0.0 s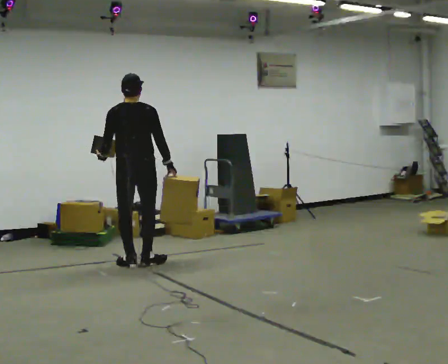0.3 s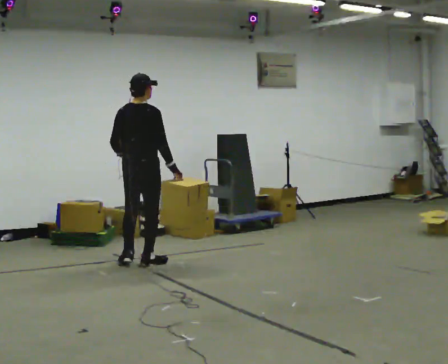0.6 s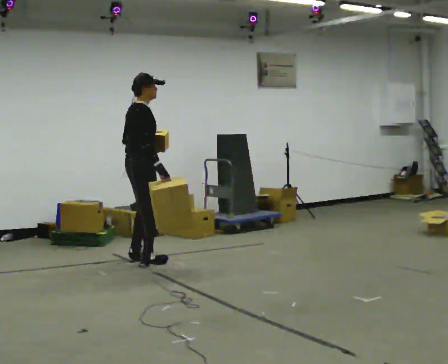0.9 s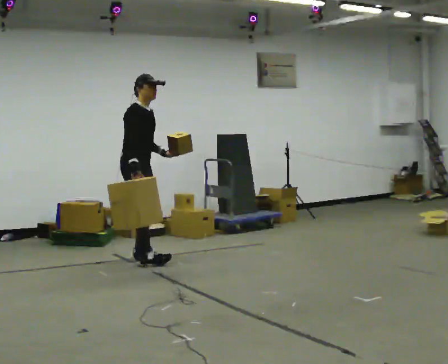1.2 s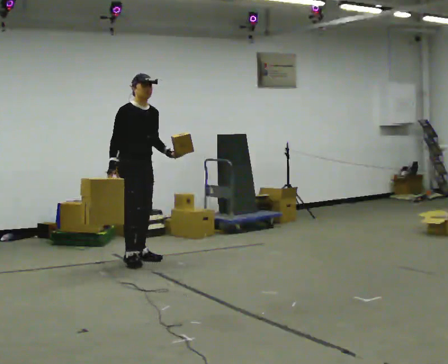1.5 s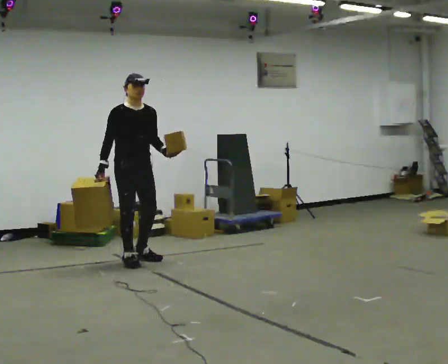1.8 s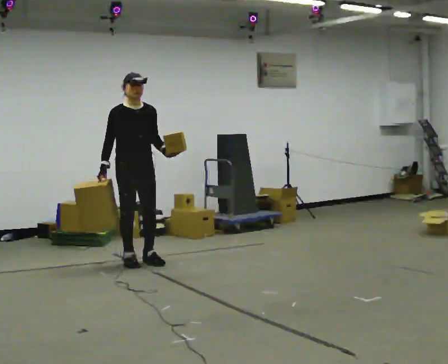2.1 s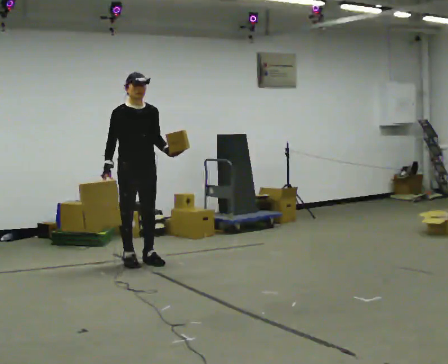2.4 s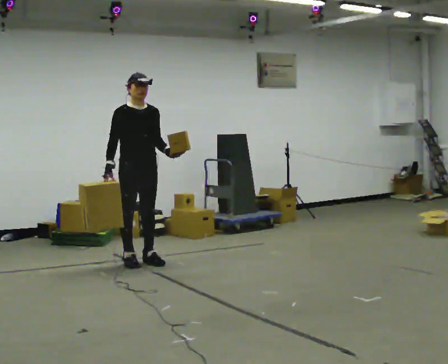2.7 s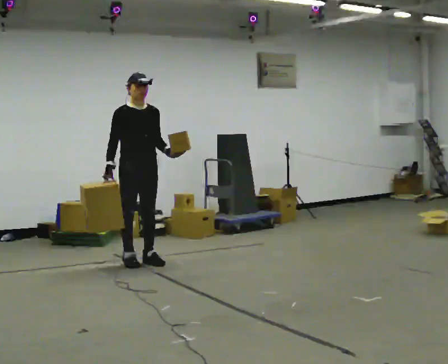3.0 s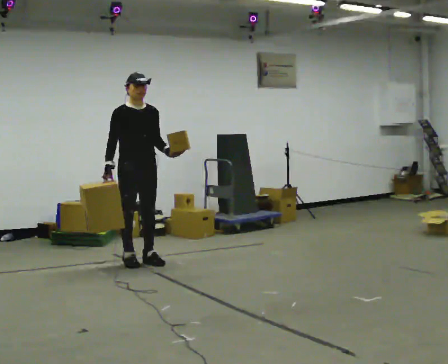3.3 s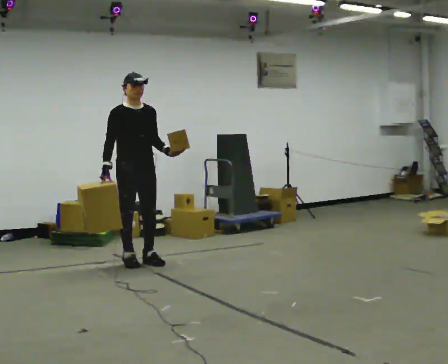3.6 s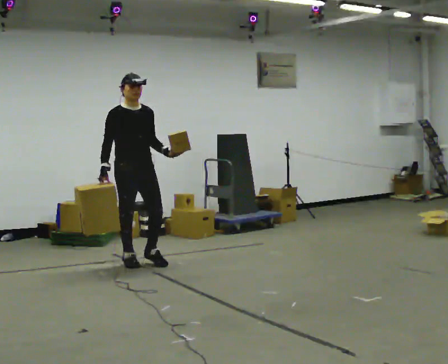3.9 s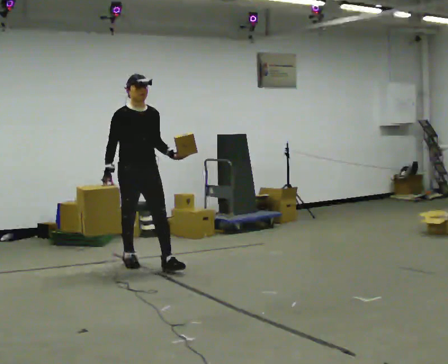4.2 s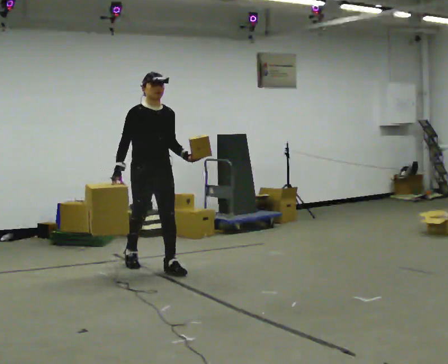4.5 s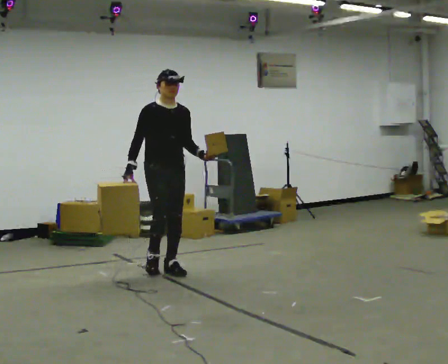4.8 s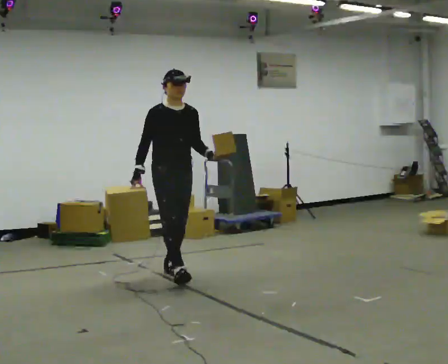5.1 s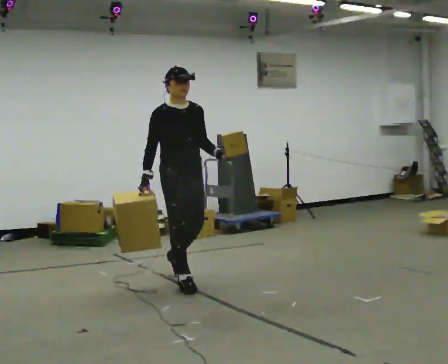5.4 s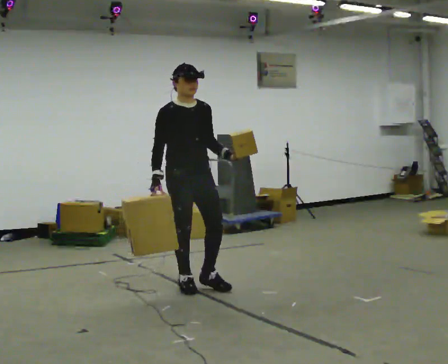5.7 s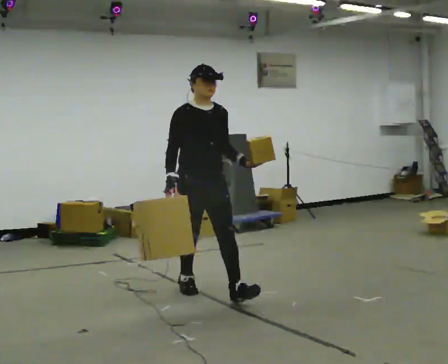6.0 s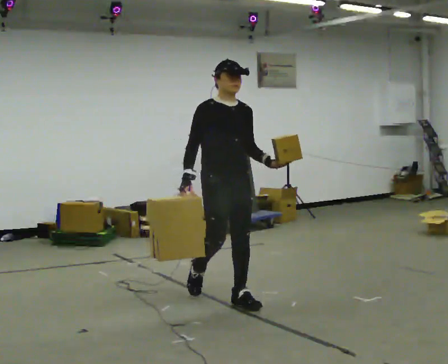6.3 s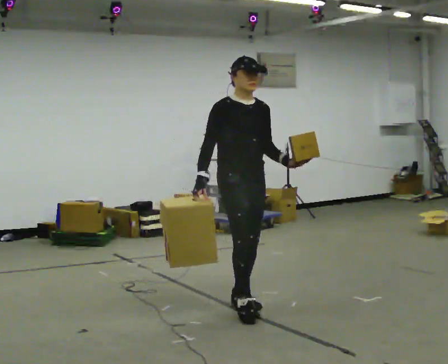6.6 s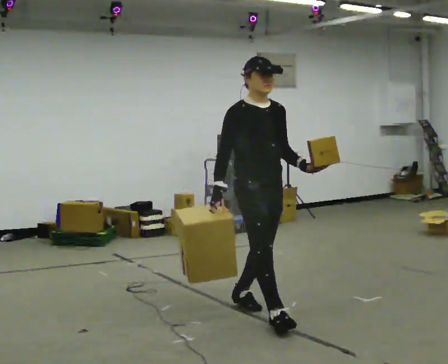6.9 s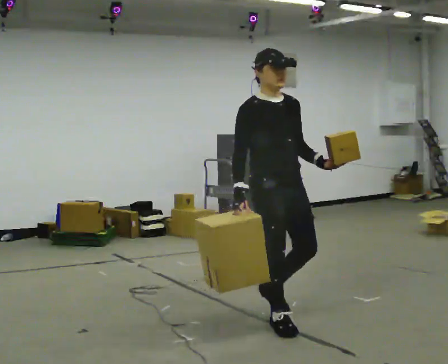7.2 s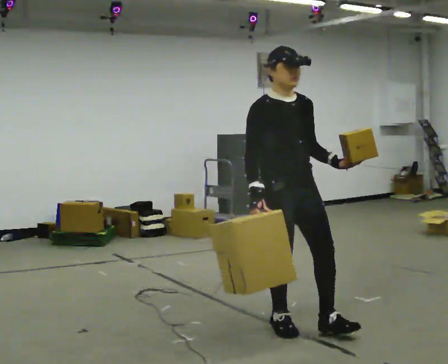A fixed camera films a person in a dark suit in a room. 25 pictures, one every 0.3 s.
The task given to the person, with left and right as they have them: Carry one object in each hand, the heavy one in the hand the operator calls, walking back and forth across the room.
0.0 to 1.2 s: The person turns about 135 degrees to their right, clockwise seen from above, so the part of the body nearest the lens slides to the left. In the picture they go away from the camera, about 0.25 m in 1 step. In the picture their left hand goes to the right, the arm swinging counterclockwise.
1.2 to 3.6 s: In the picture they go toward the camera, about 0.25 m in 2 steps, which for them is forward.
3.6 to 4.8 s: In the picture they go toward the camera and to the right, about 0.5 m in 1 step, which for them is forward.
4.8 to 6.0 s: In the picture they go toward the camera and to the right, about 1 m in 2 steps, which for them is forward.
6.0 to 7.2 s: In the picture they go toward the camera and to the right, about 1 m in 1 step, which for them is forward.
The film runs forward here.
